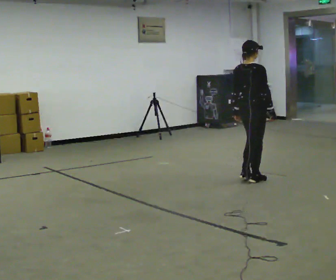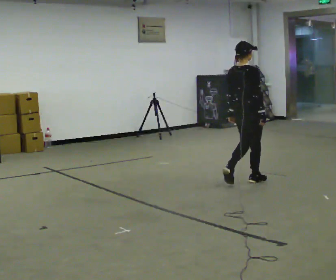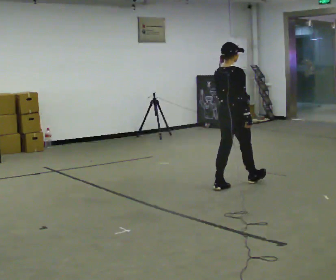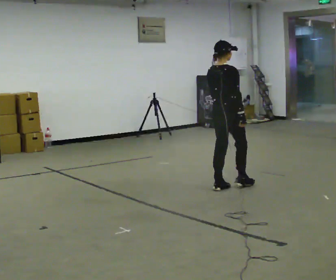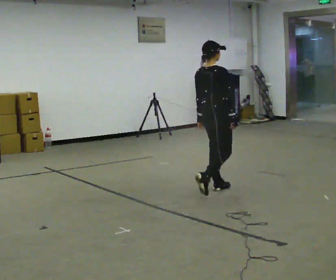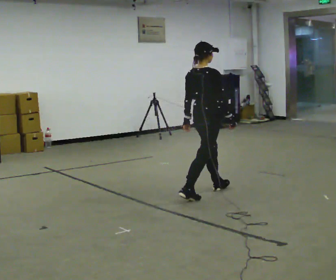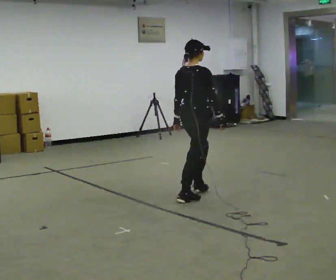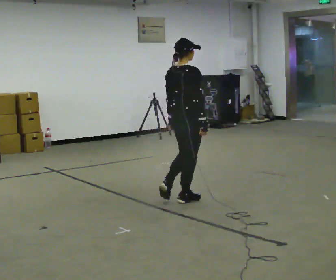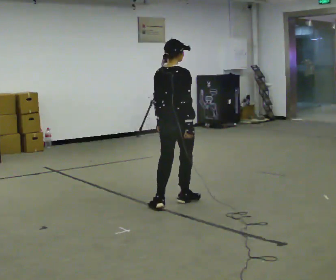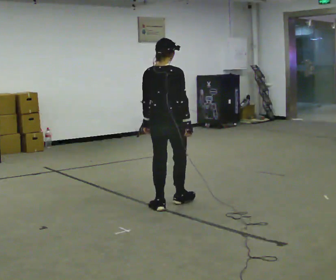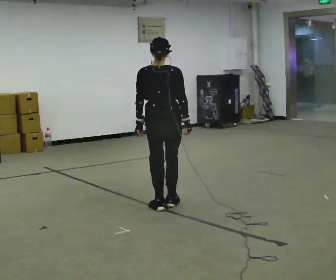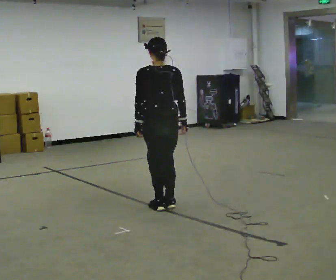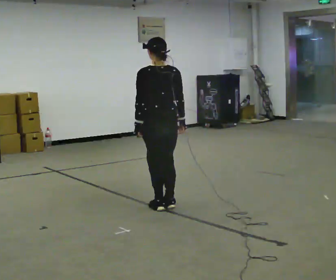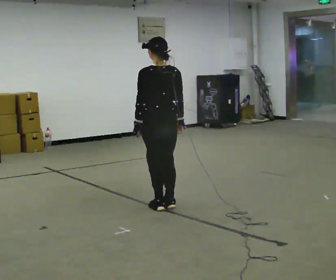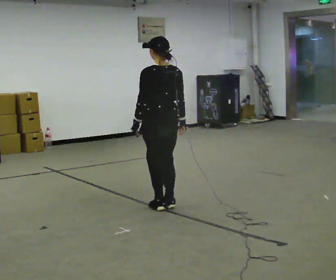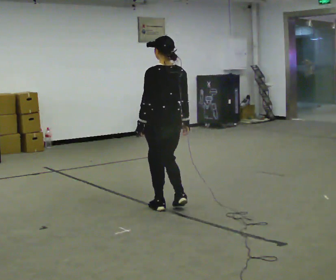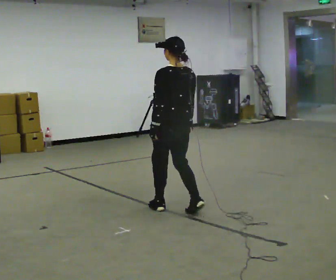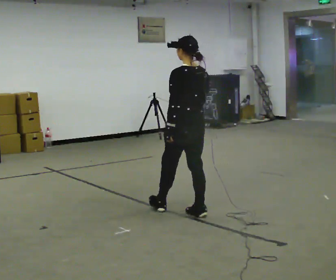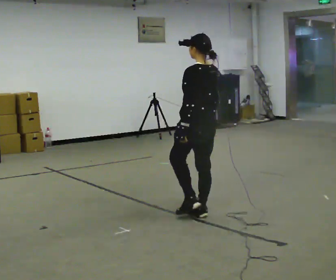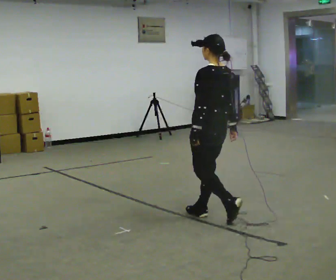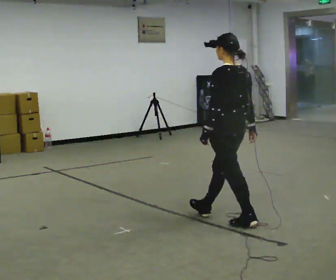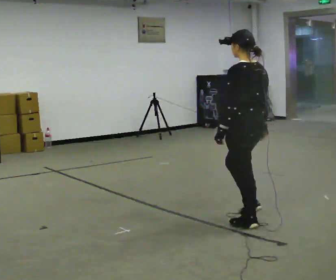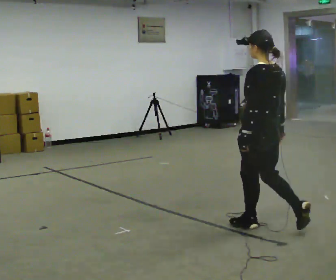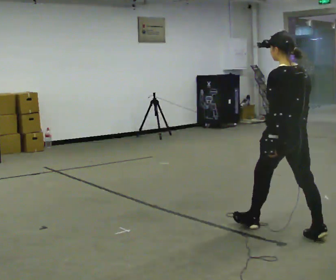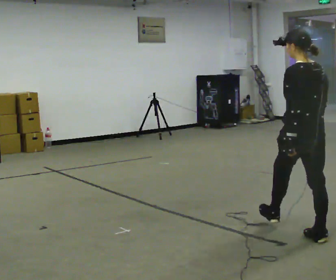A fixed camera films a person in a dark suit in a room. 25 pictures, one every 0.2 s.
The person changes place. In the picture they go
toward the camera.
The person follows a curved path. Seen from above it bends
counterclockwise.
0.0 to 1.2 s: In the picture they go to the left and toward the camera, about 1 m in 2 steps, which for them is backward.
1.2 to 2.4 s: Seen from above the body turns counterclockwise, about 75 degrees: to their left, with its near side sliding to the right. In the picture they go to the left and toward the camera, about 0.5 m in 1 step.
2.4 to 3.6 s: In the picture they go to the right and toward the camera, about 0.5 m in 2 steps, which for them is backward.
3.6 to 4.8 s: In the picture they go to the right and toward the camera, about 1 m in 2 steps, which for them is backward.
The film runs backward here.
